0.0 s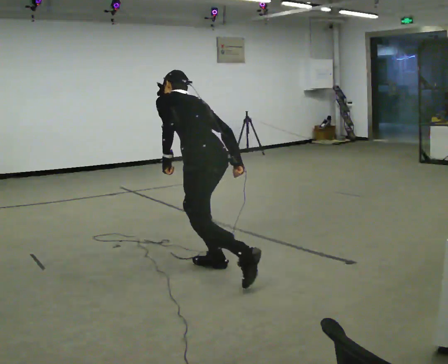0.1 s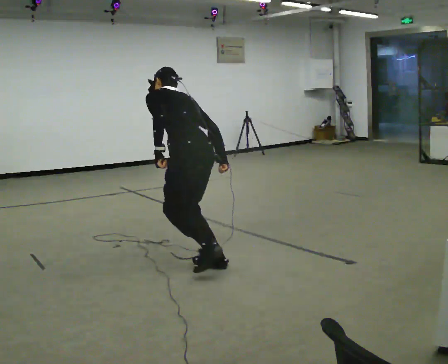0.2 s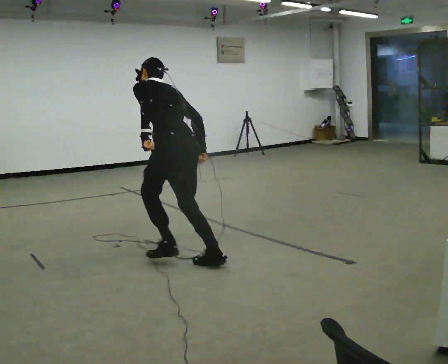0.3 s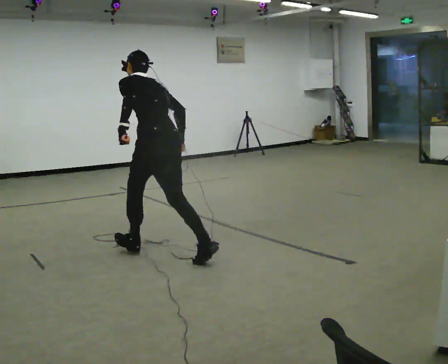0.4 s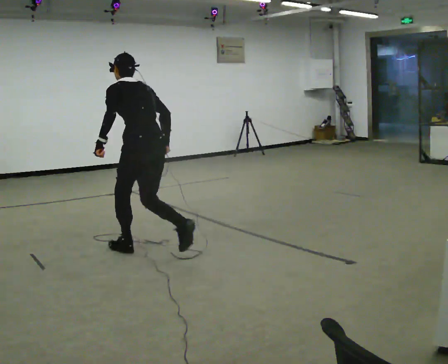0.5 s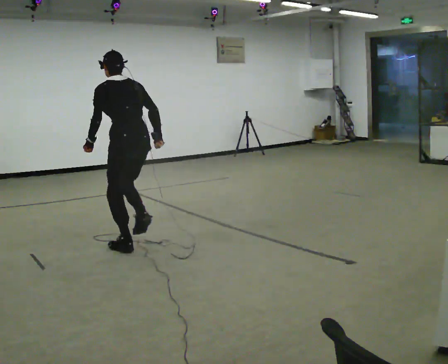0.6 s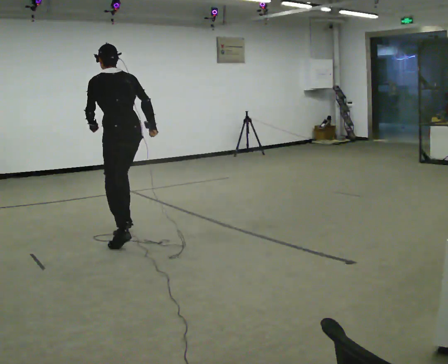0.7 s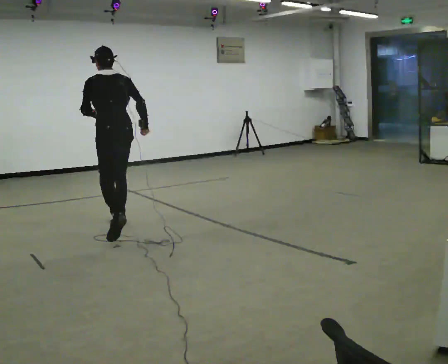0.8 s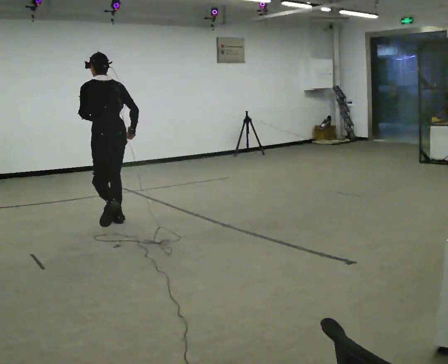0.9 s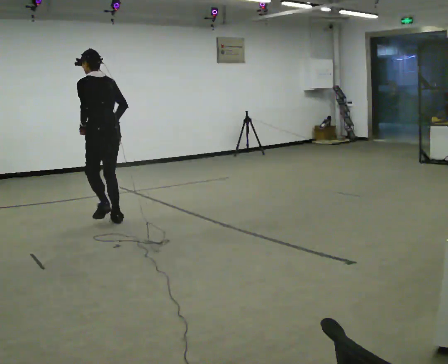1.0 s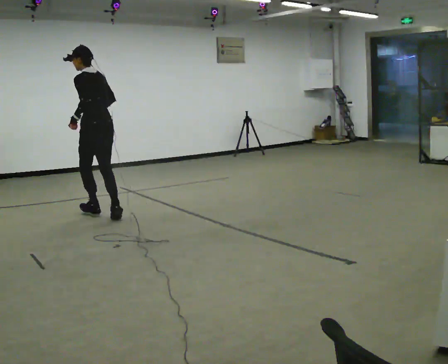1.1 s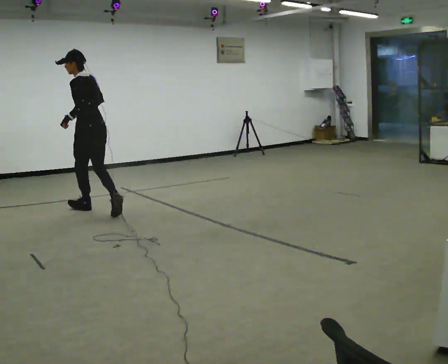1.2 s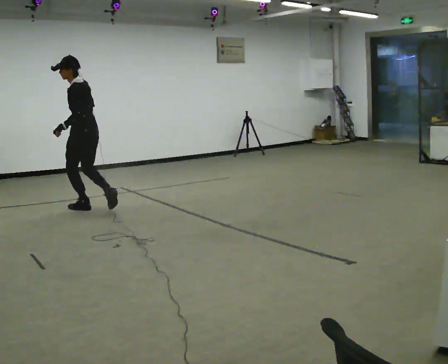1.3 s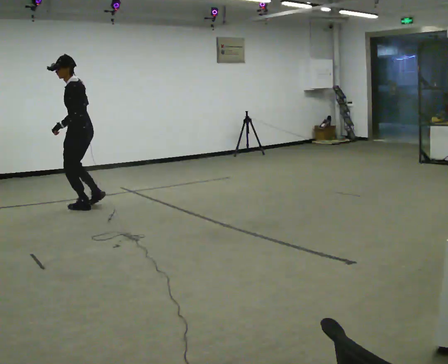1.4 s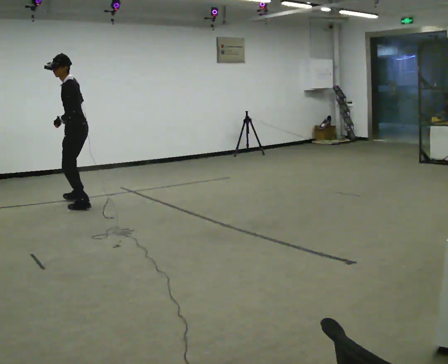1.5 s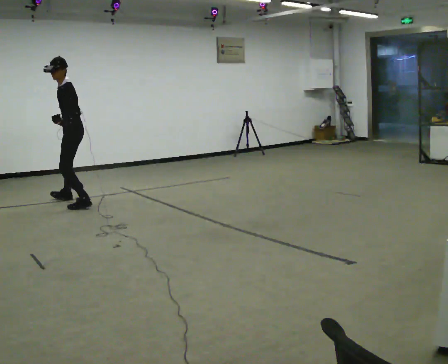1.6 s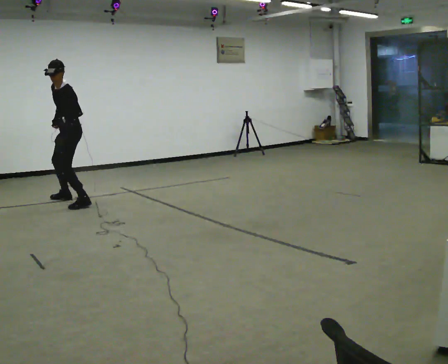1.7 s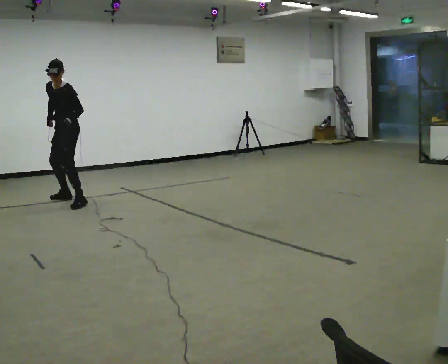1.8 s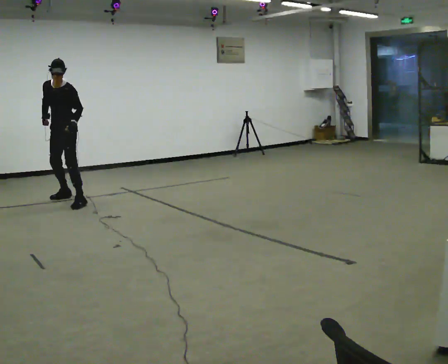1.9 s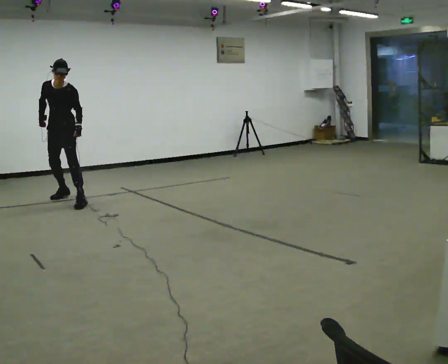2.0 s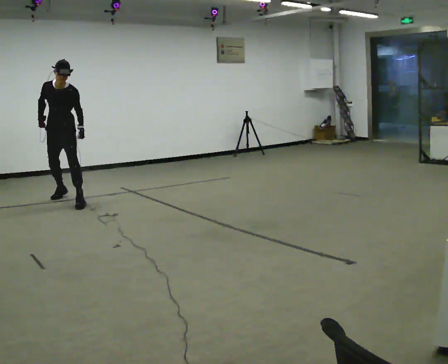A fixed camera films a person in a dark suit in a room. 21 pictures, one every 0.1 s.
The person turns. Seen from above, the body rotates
counterclockwise.
The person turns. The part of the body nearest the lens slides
to the right.
0.0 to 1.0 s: In the picture they go away from the camera and to the left, about 2 m in 2 steps, which for them is forward. The upper body tips toward the camera, its near side rolling downward, as they lean back or straighten. In the picture their right hand goes upward.
1.0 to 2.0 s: The person turns about 120 degrees to their left, counterclockwise seen from above, so the part of the body nearest the lens slides to the right. In the picture they go away from the camera and to the left, about 1 m in 3 steps. The upper body tips toward the camera, its near side rolling downward, as they bend forward.
The film runs forward here.
